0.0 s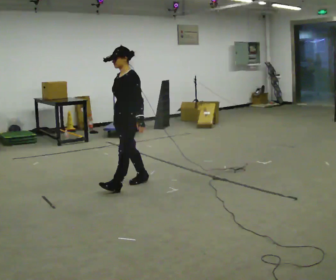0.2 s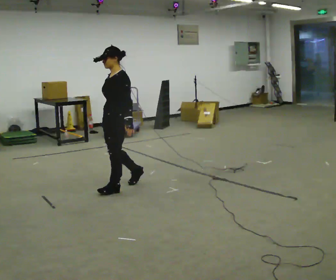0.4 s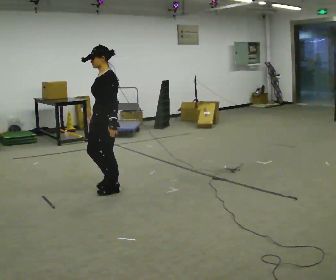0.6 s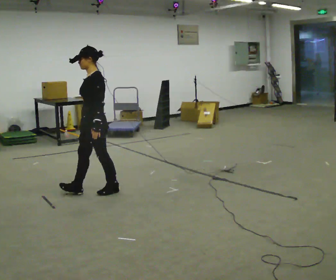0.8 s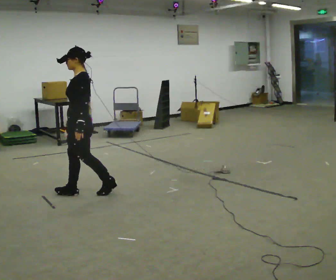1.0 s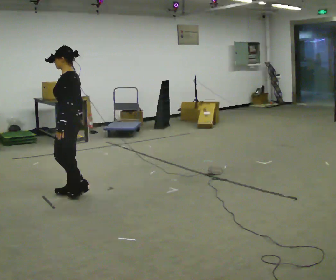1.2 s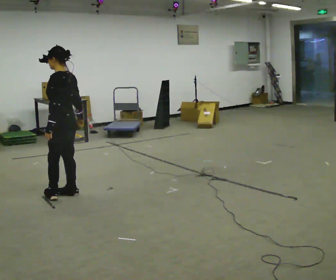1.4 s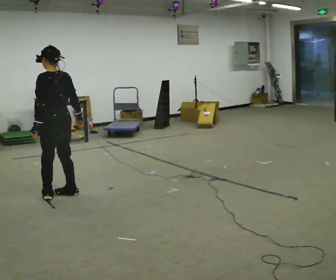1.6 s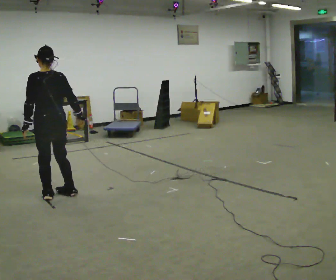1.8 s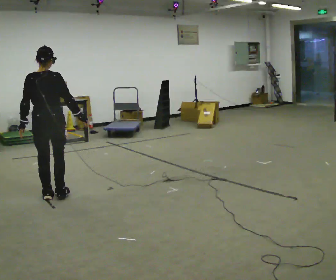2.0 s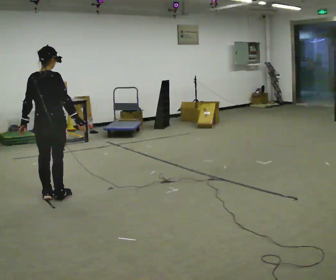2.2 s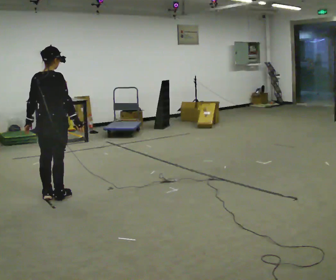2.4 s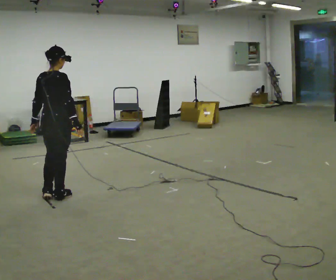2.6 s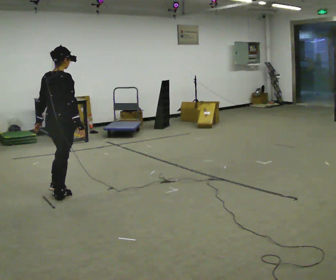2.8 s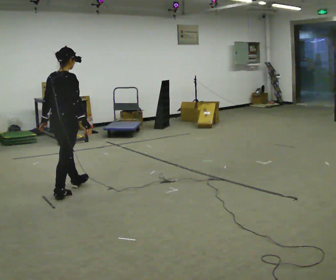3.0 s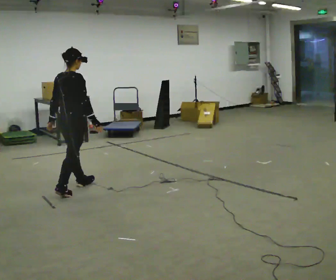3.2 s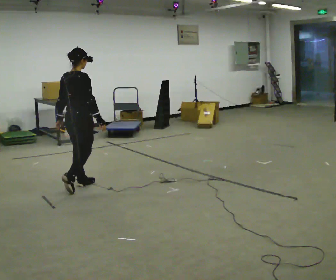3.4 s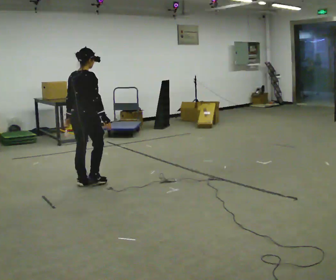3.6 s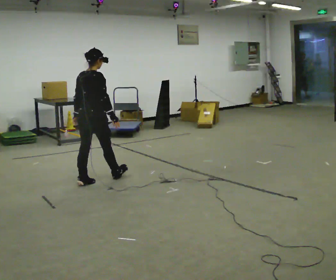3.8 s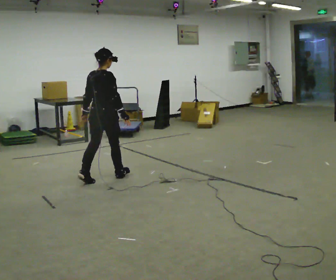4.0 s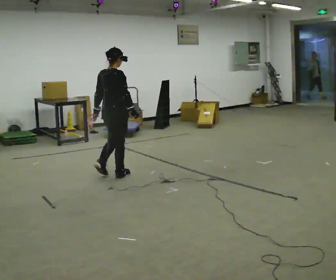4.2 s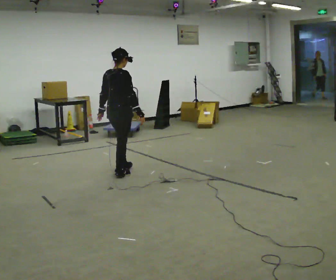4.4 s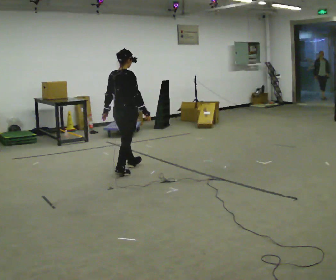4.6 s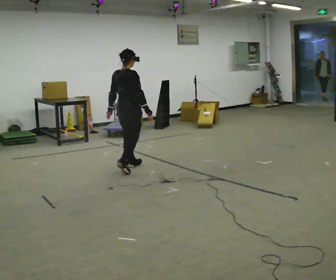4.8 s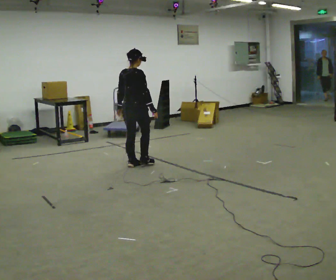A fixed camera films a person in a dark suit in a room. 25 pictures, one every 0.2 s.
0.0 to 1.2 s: The part of the body nearest the lens slides to the left as the person turns to their right by about 45 degrees. In the picture they go to the left, about 0.75 m in 2 steps, which for them is forward.
1.2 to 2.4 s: The part of the body nearest the lens slides to the left as the person turns to their right by about 90 degrees.
2.4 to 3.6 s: In the picture they go to the right and away from the camera, about 0.5 m in 1 step, which for them is forward.
3.6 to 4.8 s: In the picture they go to the right and away from the camera, about 1 m in 2 steps, which for them is forward.
The film runs forward here.
